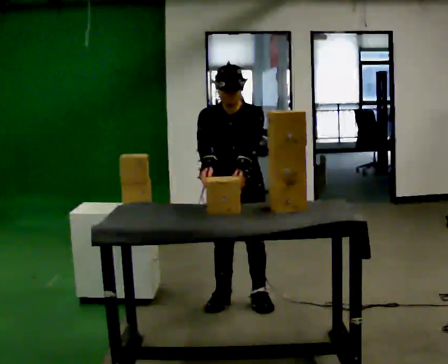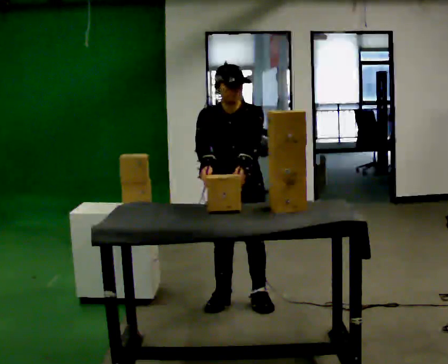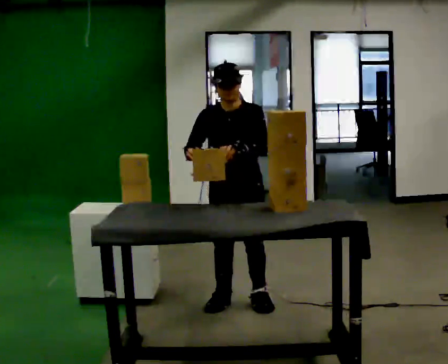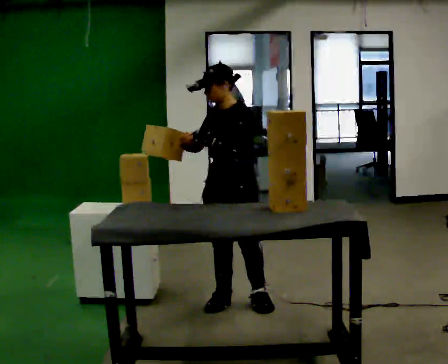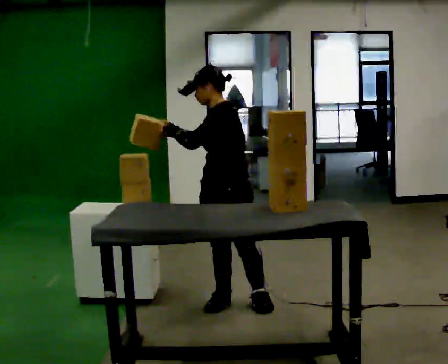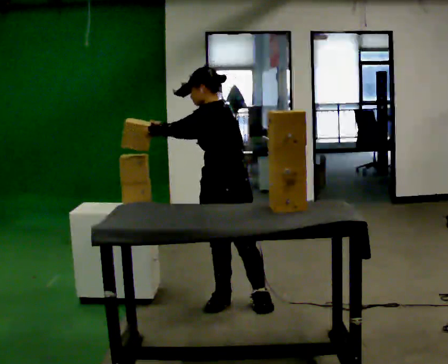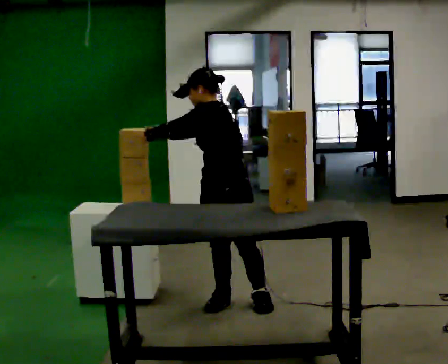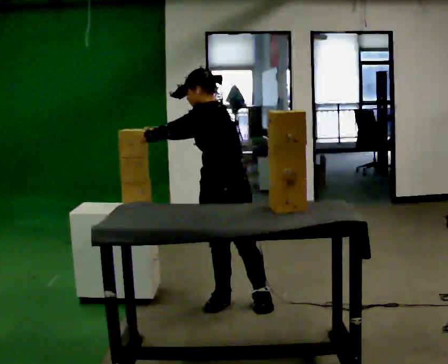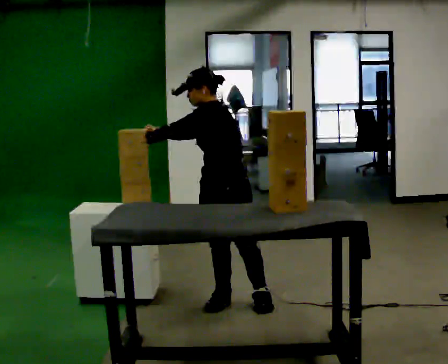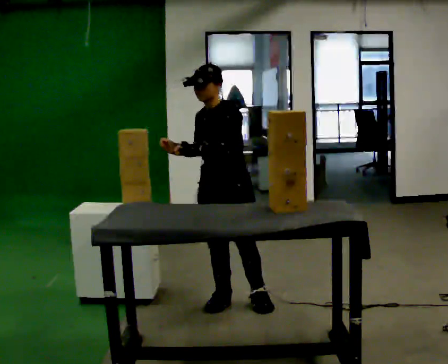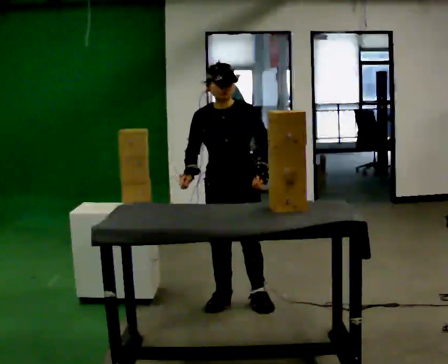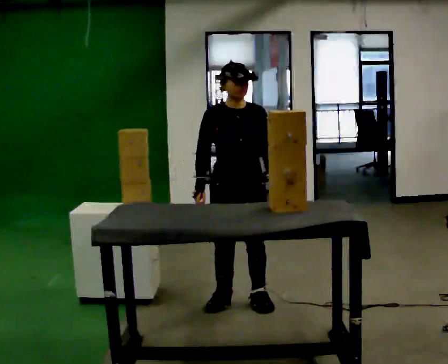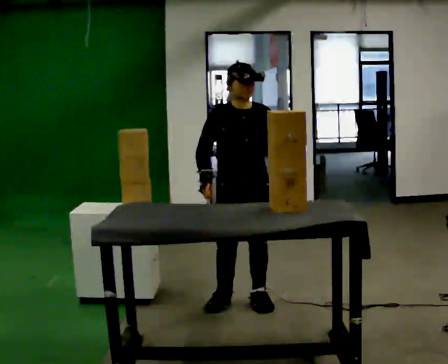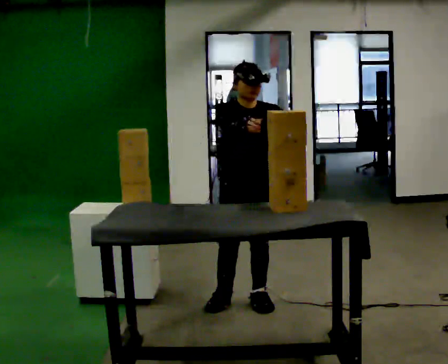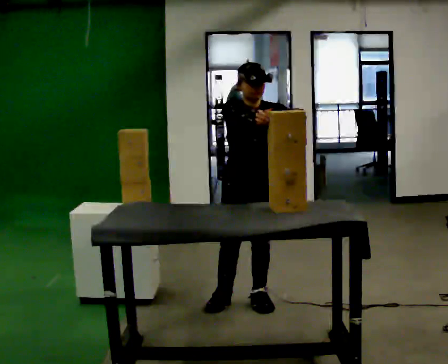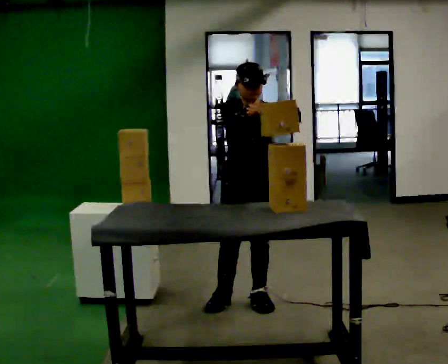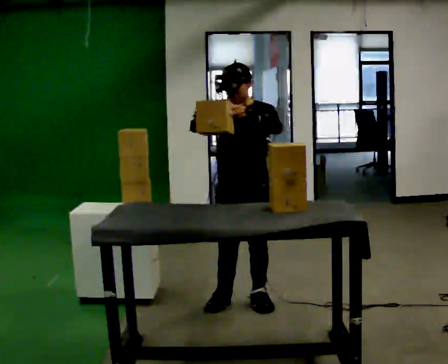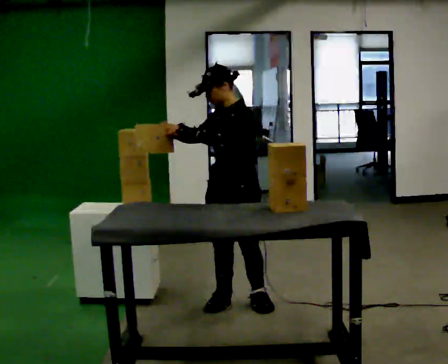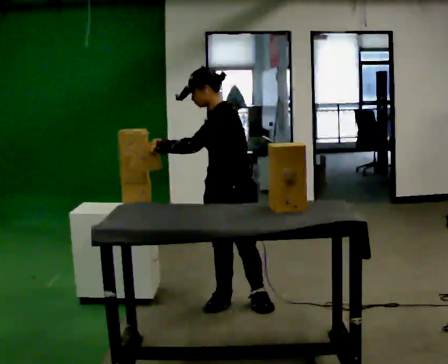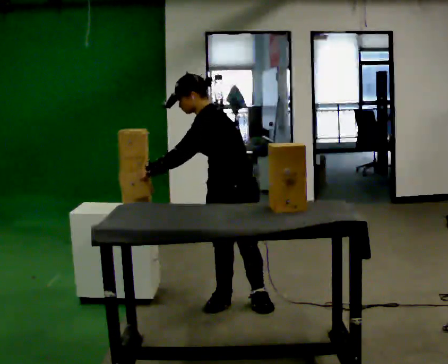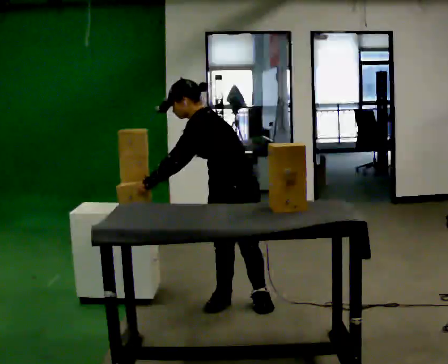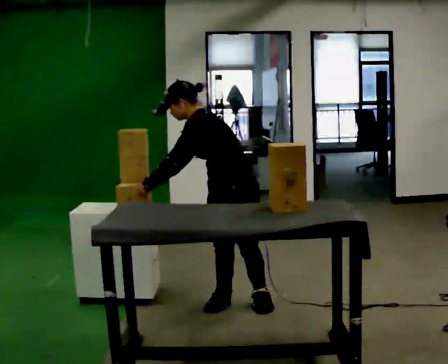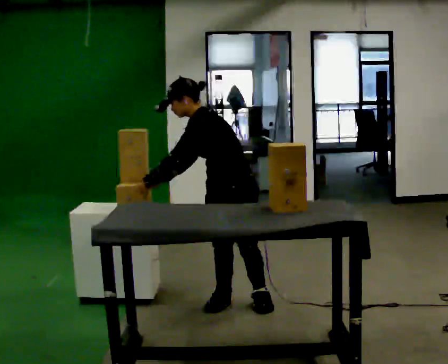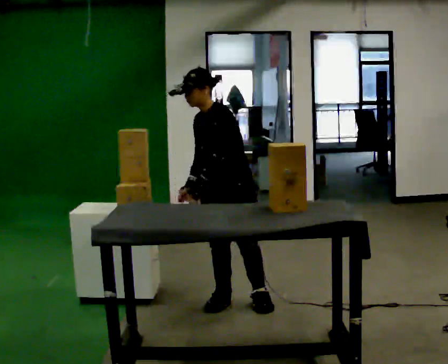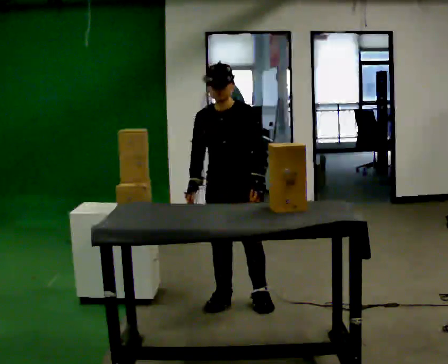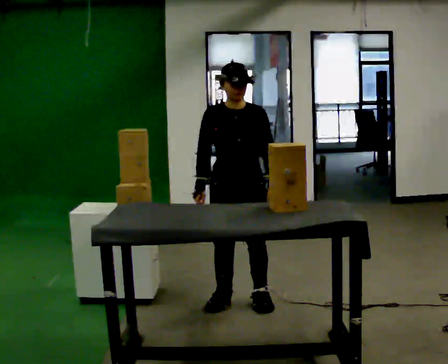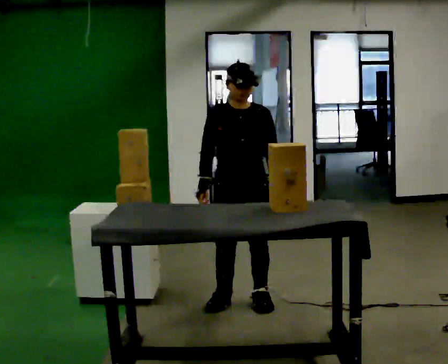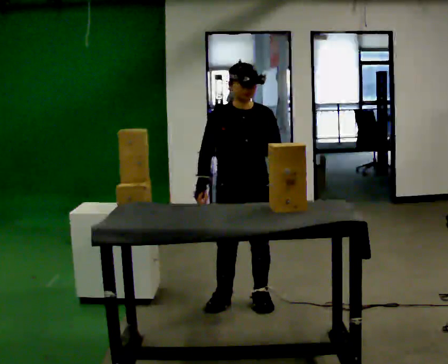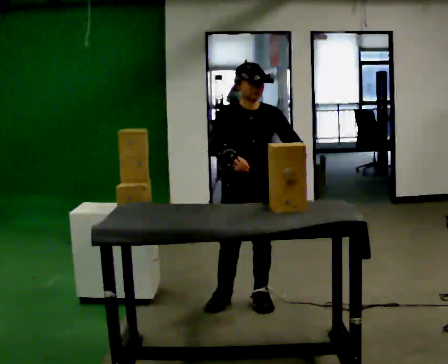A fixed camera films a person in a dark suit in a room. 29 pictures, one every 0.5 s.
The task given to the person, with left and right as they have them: Move the objects one at a time between the far targets the operator calls, without moving your feet. Repeat at your own pace until the operator says stop. Keep both feet on the marked spots for the whole take. If you have to step, stop and tell the operator.
0.0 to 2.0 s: Seen from above the body turns clockwise, about 60 degrees: to their right, with its near side sliding to the left. The upper body tips away from the camera, its near side rolling upward, as they lean back or straighten.
2.0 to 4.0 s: The person moves a little, or ends about where they began.
4.0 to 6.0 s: The person turns about 60 degrees to their left, counterclockwise seen from above, so the part of the body nearest the lens slides to the right. In the picture their left hand goes to the right.
6.0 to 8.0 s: The person turns about 30 degrees to their right, clockwise seen from above, so the part of the body nearest the lens slides to the left. In the picture their left hand goes upward.
8.0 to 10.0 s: Seen from above the body turns clockwise, about 45 degrees: to their right, with its near side sliding to the left. In the picture the upper body tilts counterclockwise, shoulders to the left, as they bend forward. In the picture their right hand goes downward.
10.0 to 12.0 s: Seen from above the body turns counterclockwise, about 60 degrees: to their left, with its near side sliding to the right. In the picture the upper body tilts clockwise, shoulders to the right, as they lean back or straighten. In the picture their left hand goes to the right, the arm swinging counterclockwise.
12.0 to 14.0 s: The person moves a little, or ends about where they began.
The film runs forward here.
